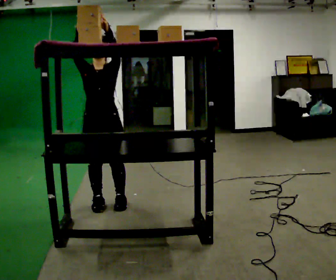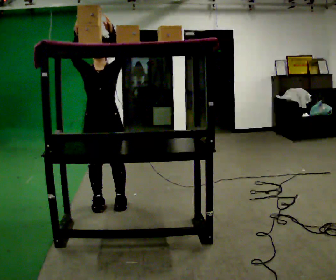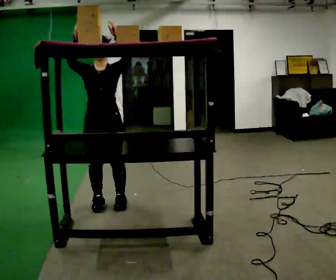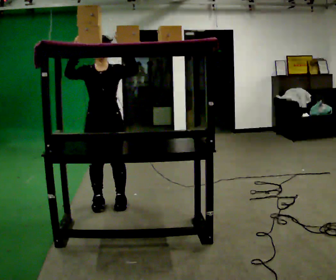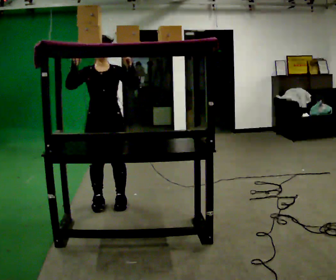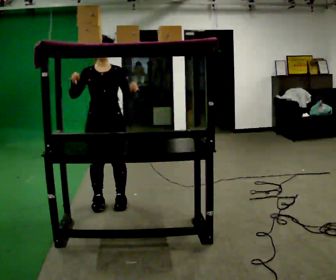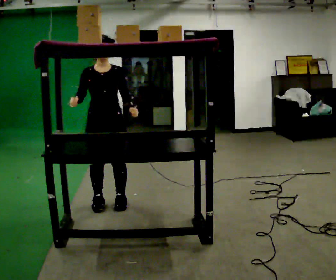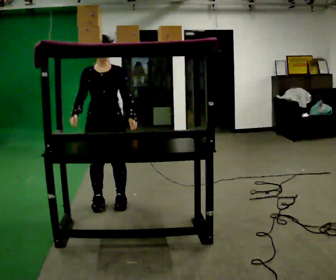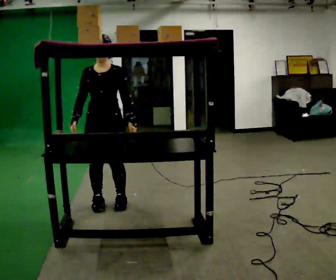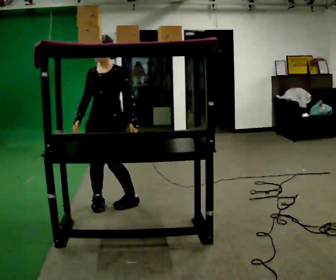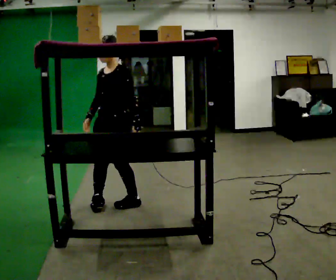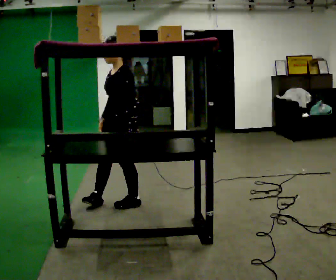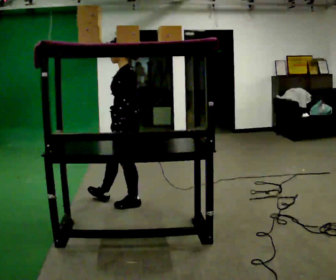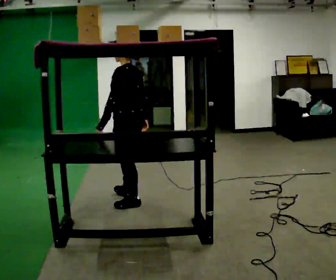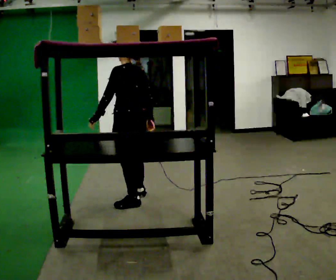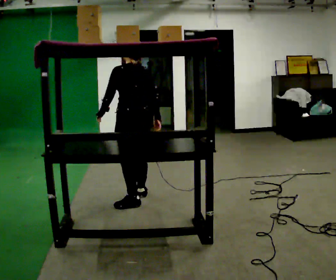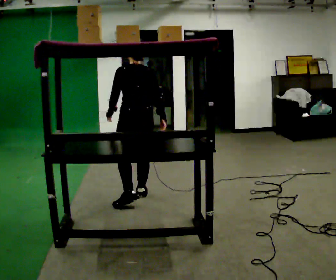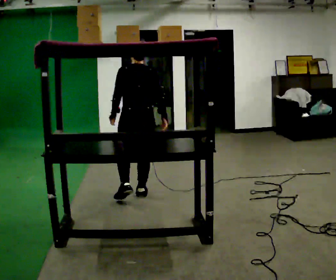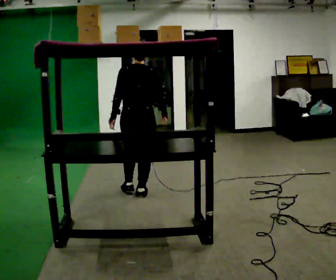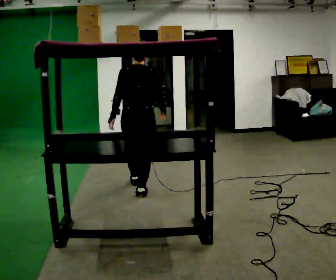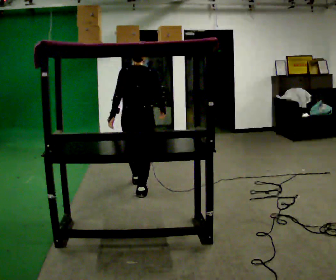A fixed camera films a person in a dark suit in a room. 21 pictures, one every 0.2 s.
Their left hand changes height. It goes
downward.
The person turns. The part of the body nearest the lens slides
to the left.
0.0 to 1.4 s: In the picture their left hand goes downward.
1.4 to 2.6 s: The person turns about 120 degrees to their right, clockwise seen from above, so the part of the body nearest the lens slides to the left. In the picture they go to the right, about 0.25 m in 1 step. In the picture their right hand goes to the right, the arm swinging counterclockwise.
2.6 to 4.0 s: Seen from above the body turns clockwise, about 75 degrees: to their right, with its near side sliding to the left. In the picture they go away from the camera, about 0.5 m in 2 steps.
The film runs forward here.
